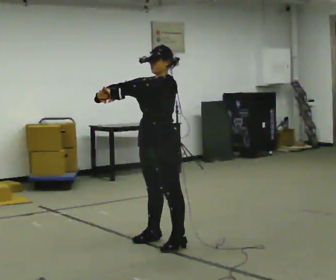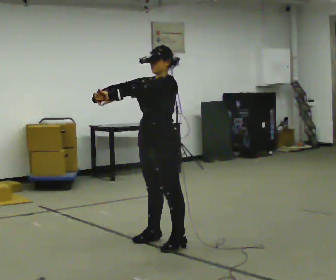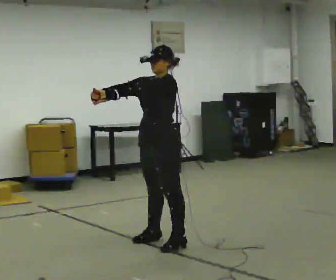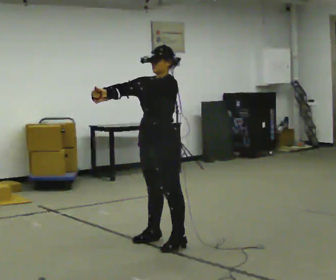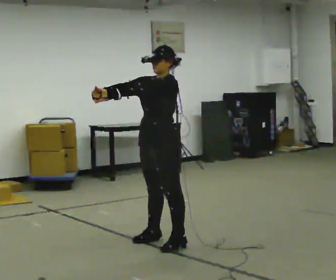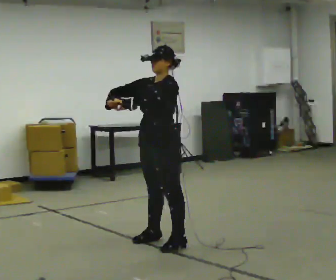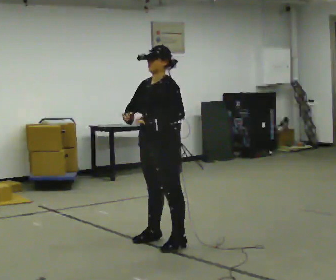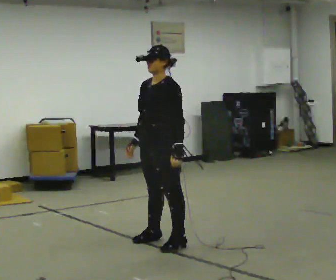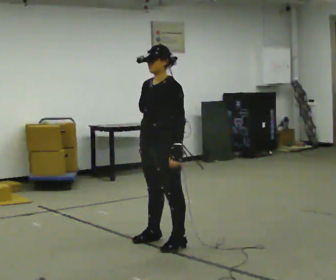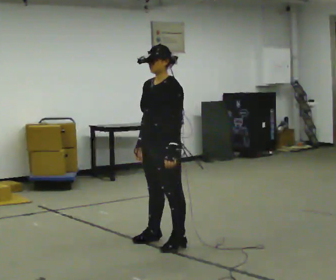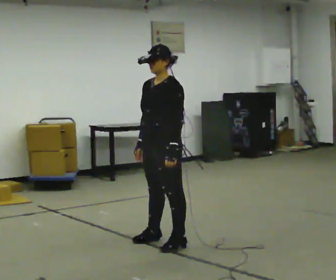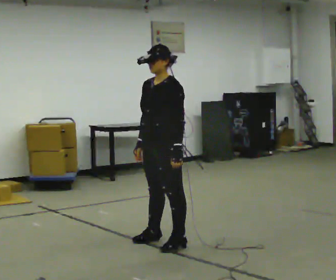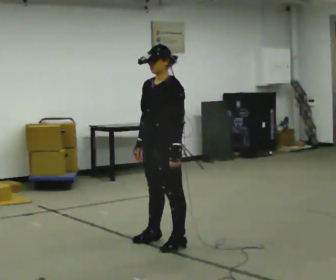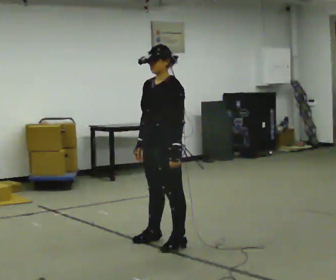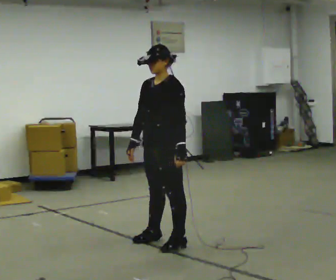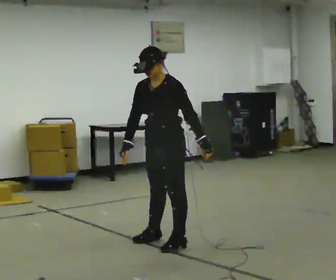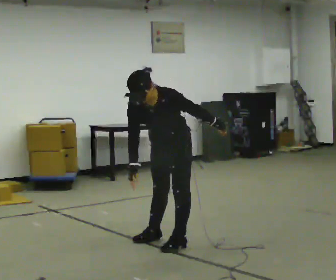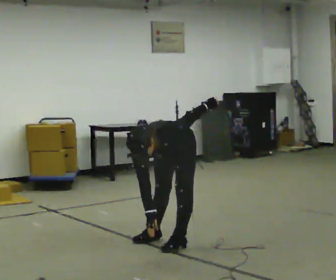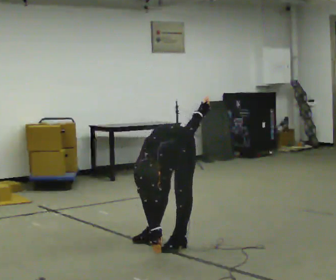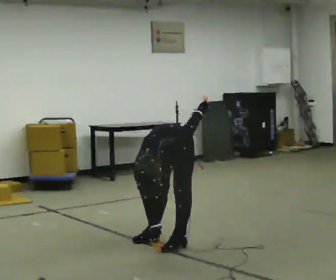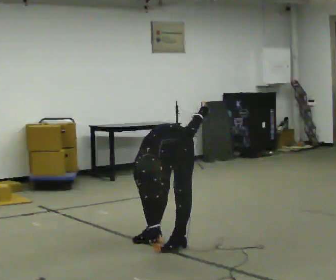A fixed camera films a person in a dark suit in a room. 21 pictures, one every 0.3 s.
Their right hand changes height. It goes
downward.
The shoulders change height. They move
downward.
0.0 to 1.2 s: The person moves a little, or ends about where they began.
1.2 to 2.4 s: In the picture their right hand goes downward and to the right, the arm swinging counterclockwise.
2.4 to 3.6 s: The person moves a little, or ends about where they began.
3.6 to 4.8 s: The shoulders move downward. The upper body tips toward the camera, its near side rolling downward, as they bend forward. In the picture their left hand goes to the right, the arm swinging counterclockwise.
4.8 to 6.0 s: The upper body goes downward. In the picture the upper body tilts counterclockwise, shoulders to the left, as they bend forward.
The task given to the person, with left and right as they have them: Work through the stretches in order, holding each one briefly: touch your toes, pull each heel up behind you, stretch each arm across your chest, and stretch each calf. Stay in one place throughout.
The film runs forward here.
